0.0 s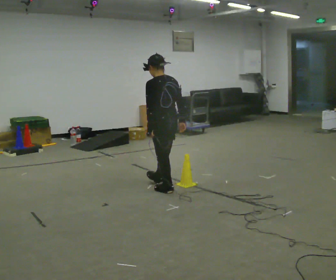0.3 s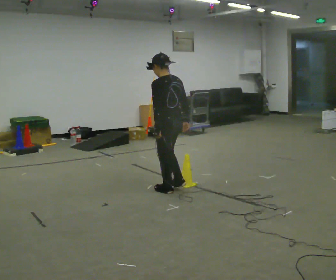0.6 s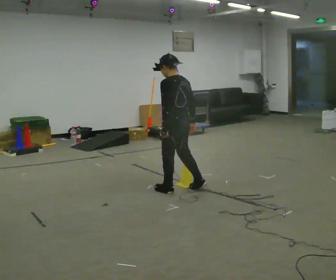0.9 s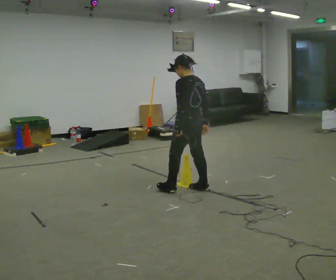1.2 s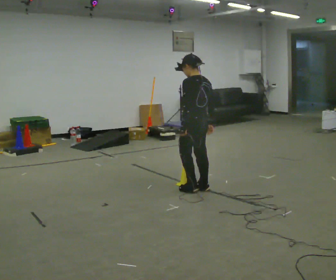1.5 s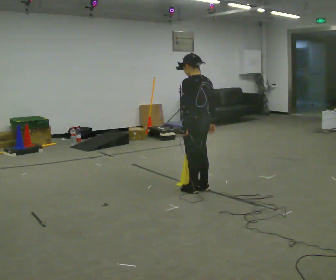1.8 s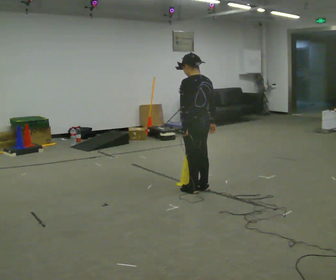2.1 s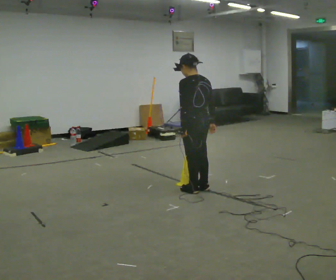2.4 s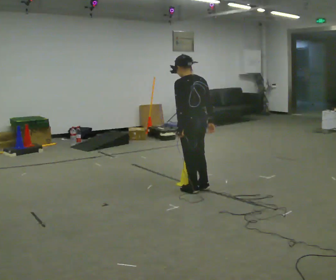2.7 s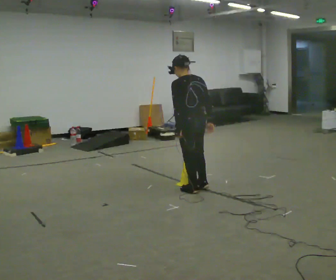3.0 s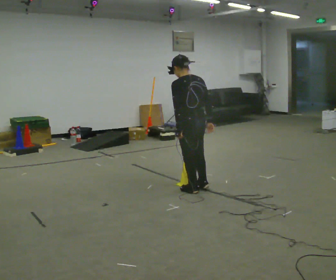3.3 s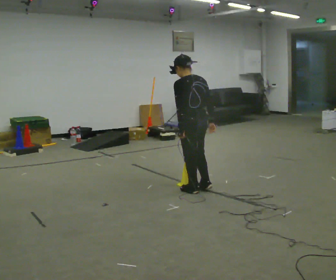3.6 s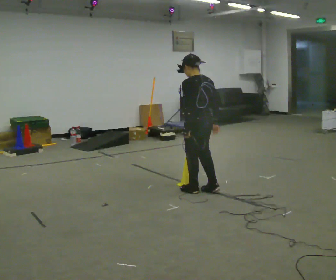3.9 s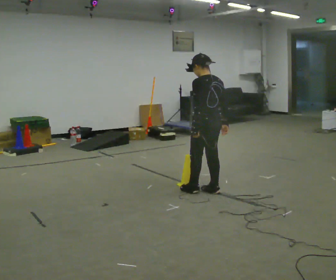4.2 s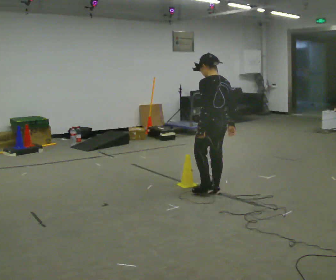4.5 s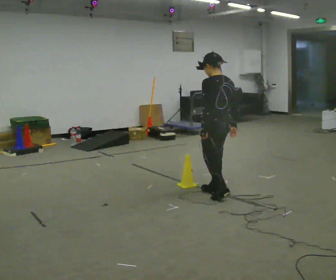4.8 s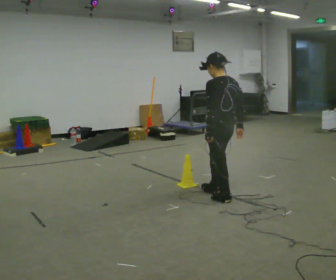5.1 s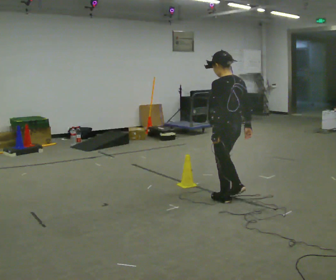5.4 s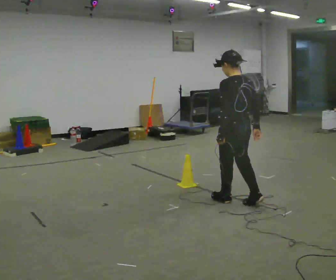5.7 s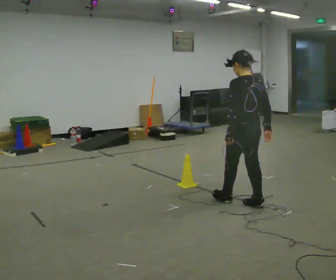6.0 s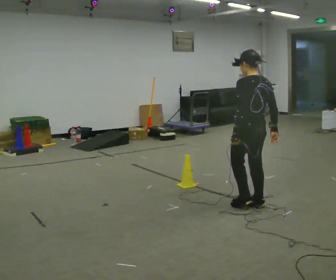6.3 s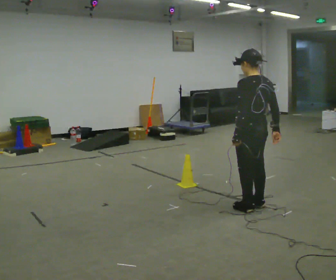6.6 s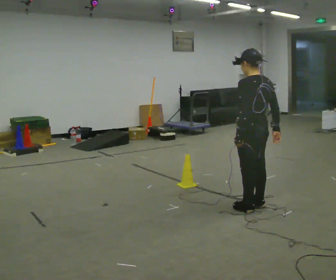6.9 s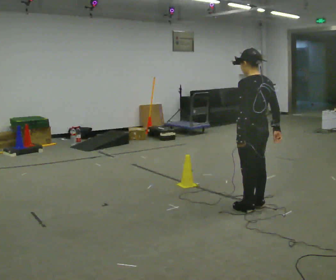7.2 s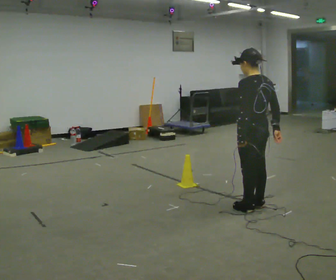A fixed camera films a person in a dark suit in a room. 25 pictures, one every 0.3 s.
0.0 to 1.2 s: In the picture they go to the right, about 0.25 m in 1 step, which for them is backward and to their right.
1.2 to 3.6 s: The person moves a little, or ends about where they began.
3.6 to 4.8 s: In the picture they go to the right and toward the camera, about 0.25 m in 1 step, which for them is backward.
4.8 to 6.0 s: In the picture they go to the right and toward the camera, about 0.25 m in 2 steps, which for them is backward.
6.0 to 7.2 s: The person moves a little, or ends about where they began.
The film runs backward here.
